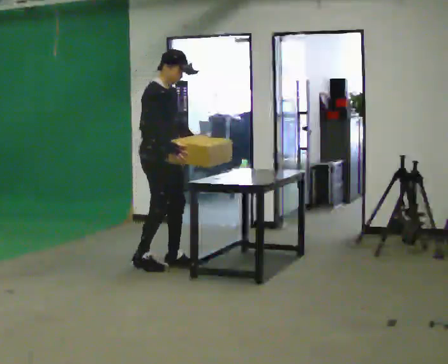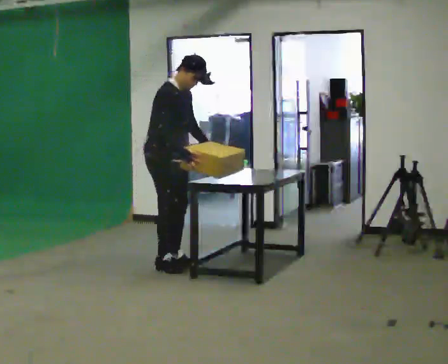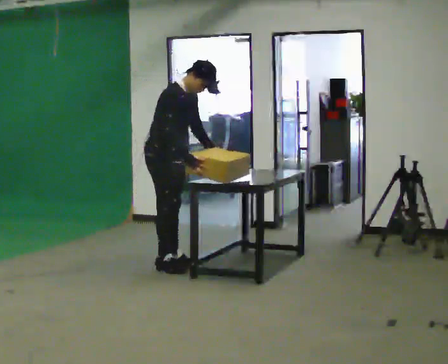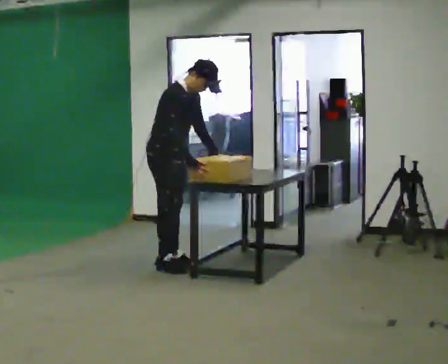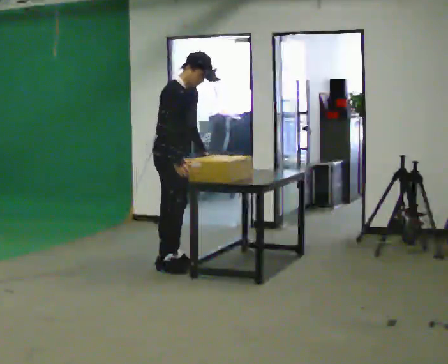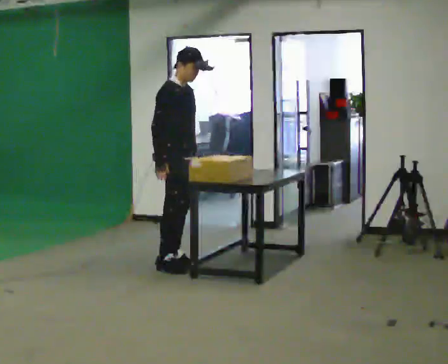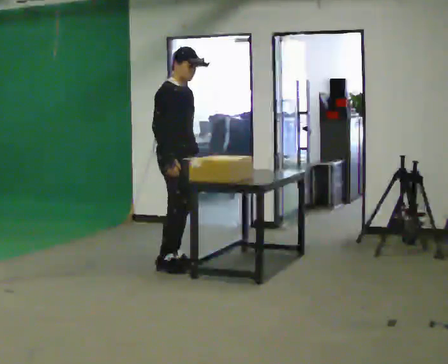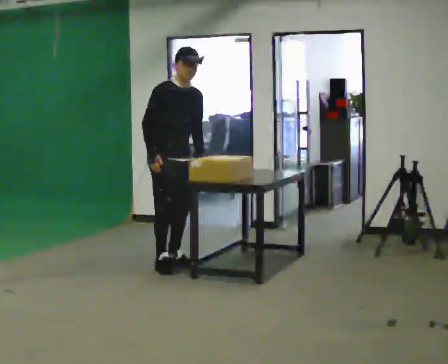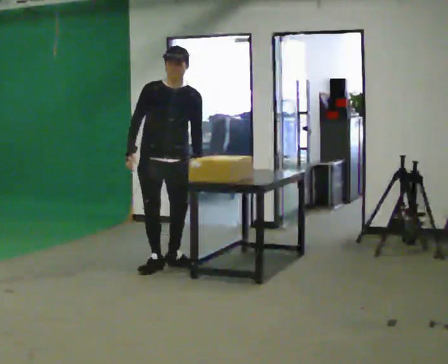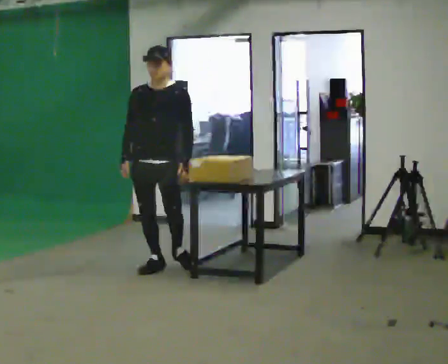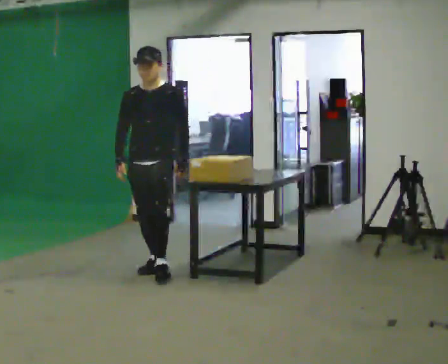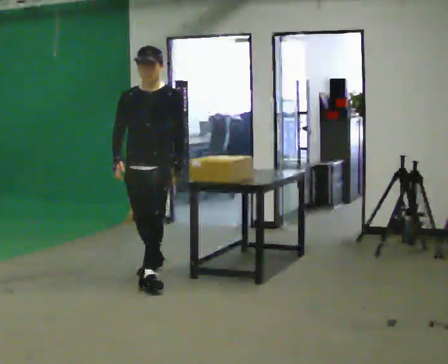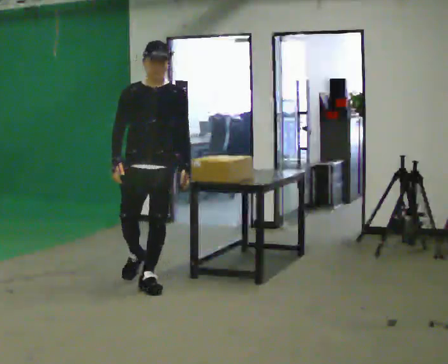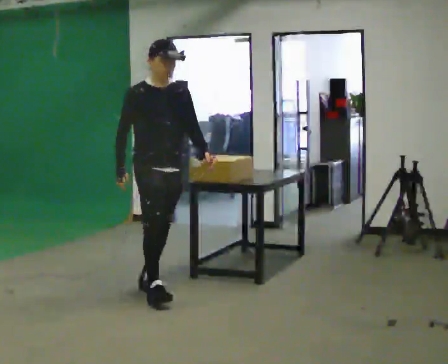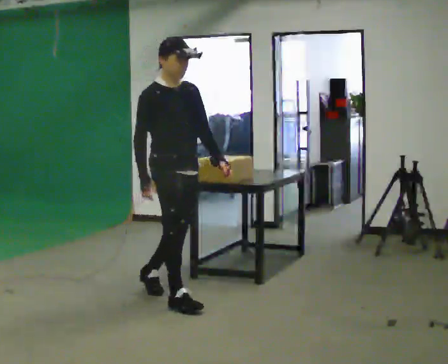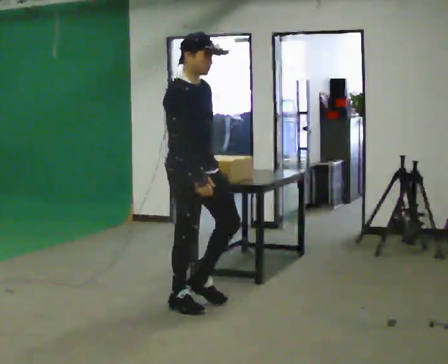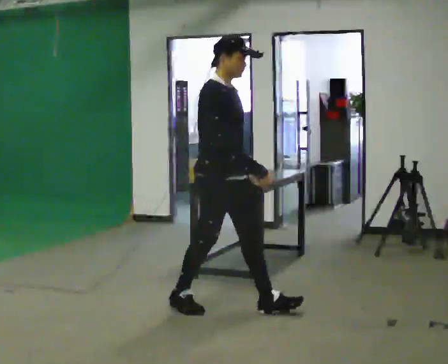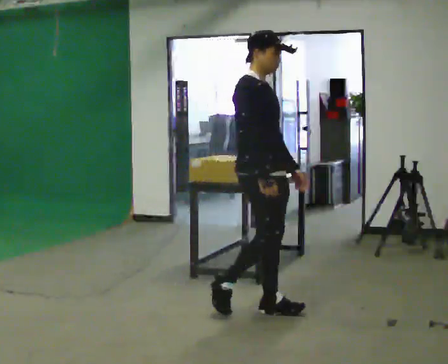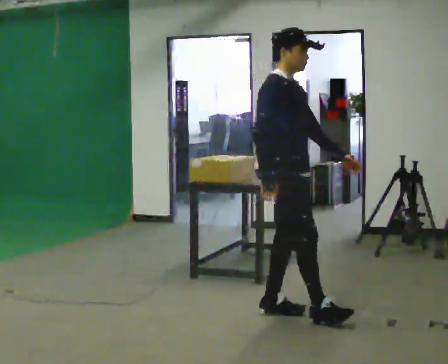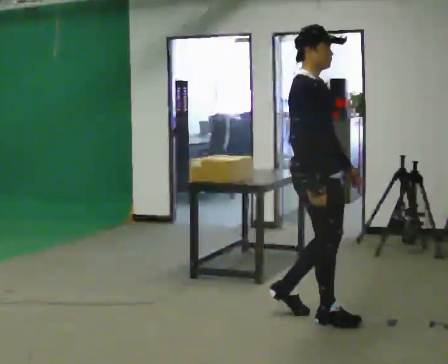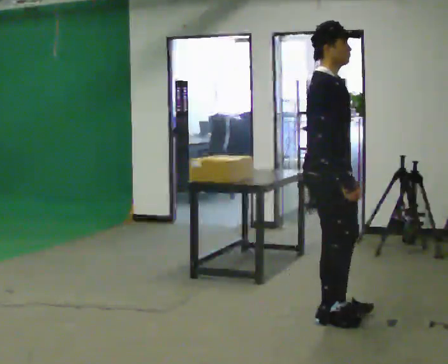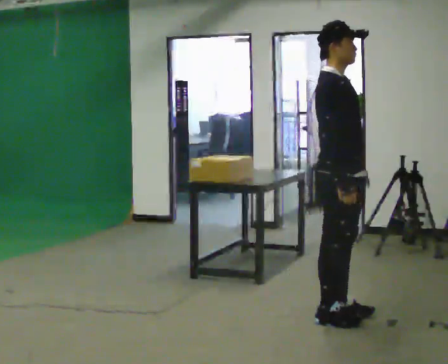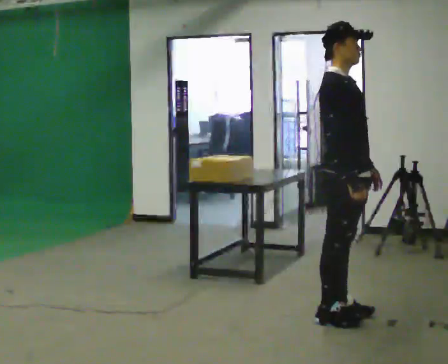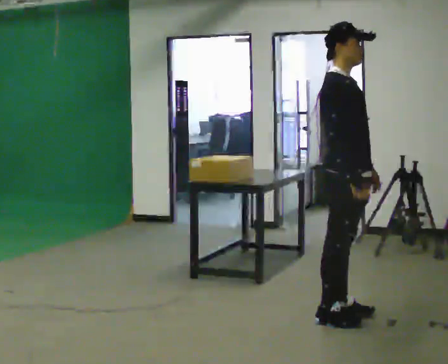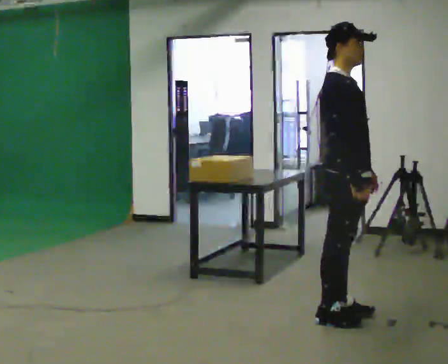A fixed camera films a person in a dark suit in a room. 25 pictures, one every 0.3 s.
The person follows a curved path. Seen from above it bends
counterclockwise.
0.0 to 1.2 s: The person moves a little, or ends about where they began.
1.2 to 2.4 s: The person turns about 60 degrees to their right, clockwise seen from above, so the part of the body nearest the lens slides to the left. In the picture their right hand goes to the left.
2.4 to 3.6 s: In the picture they go toward the camera, about 0.75 m in 1 step, which for them is forward.
3.6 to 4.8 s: Seen from above the body turns counterclockwise, about 60 degrees: to their left, with its near side sliding to the right. In the picture they go toward the camera and to the right, about 1 m in 2 steps, which for them is forward.
4.8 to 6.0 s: In the picture they go to the right and toward the camera, about 0.75 m in 2 steps, which for them is forward.
6.0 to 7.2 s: The person moves a little, or ends about where they began.
The film runs forward here.
